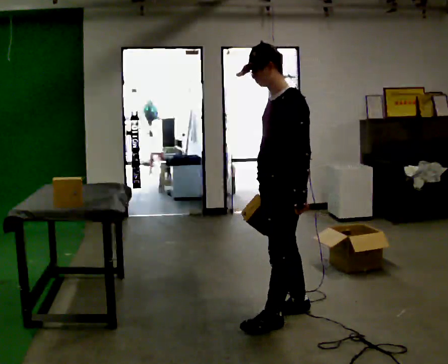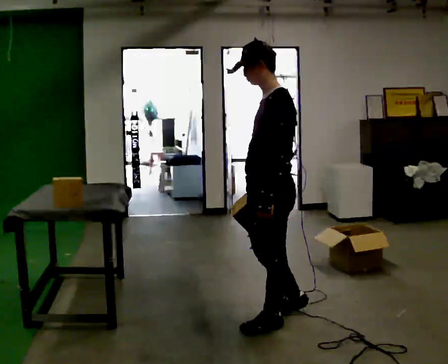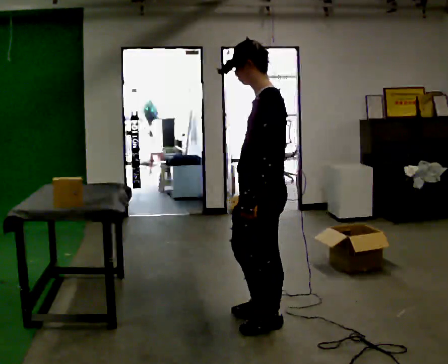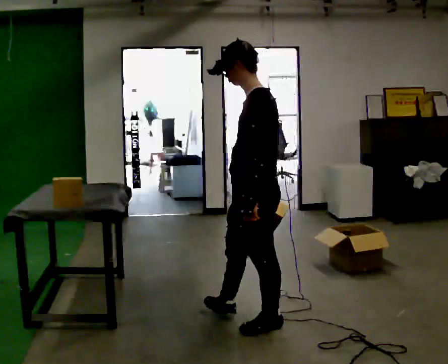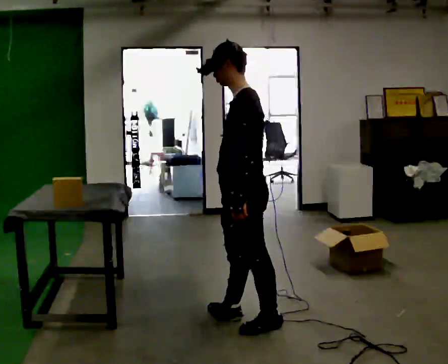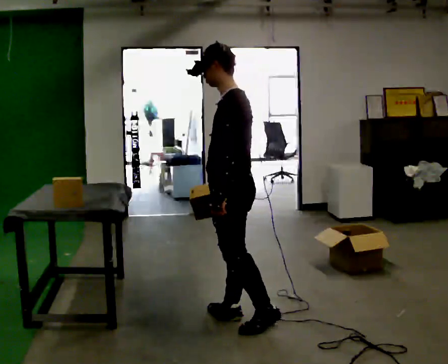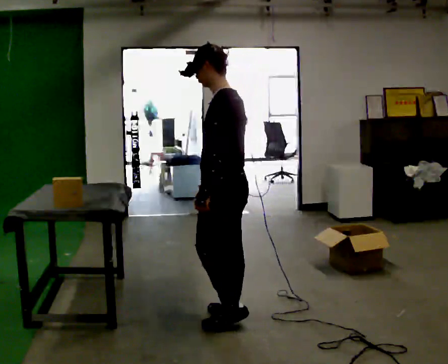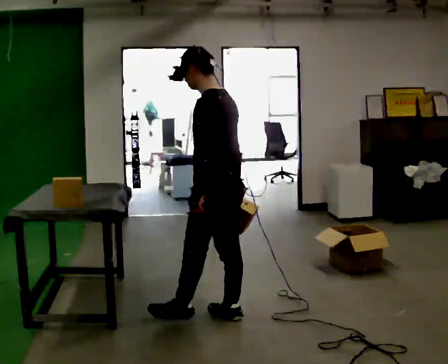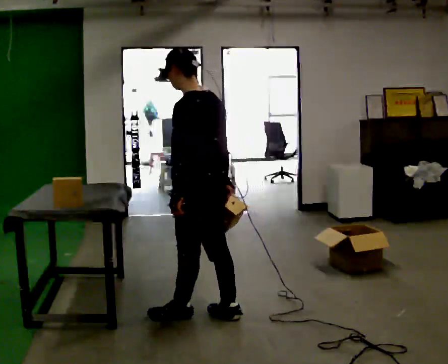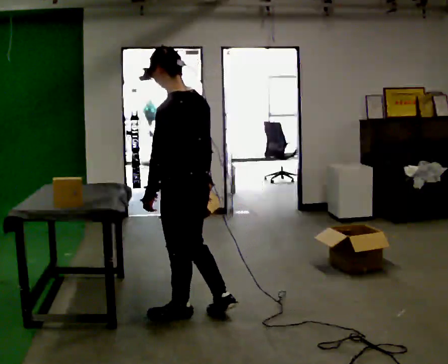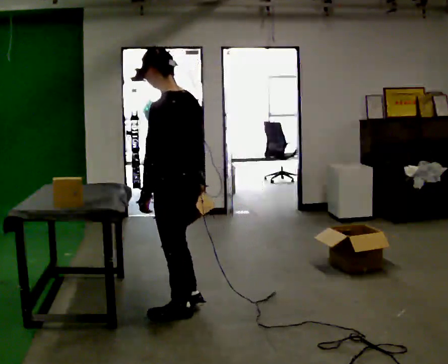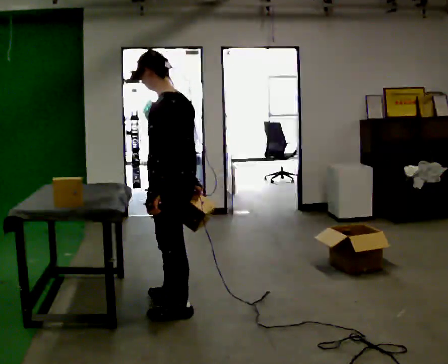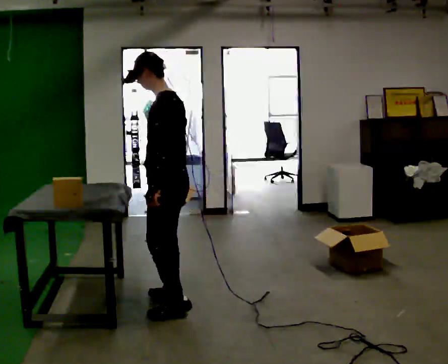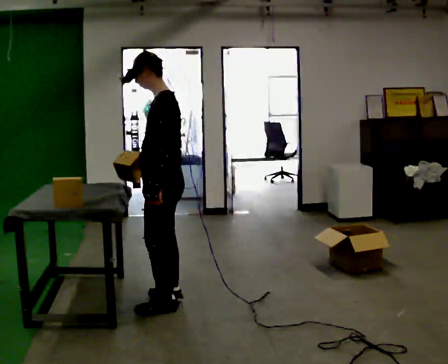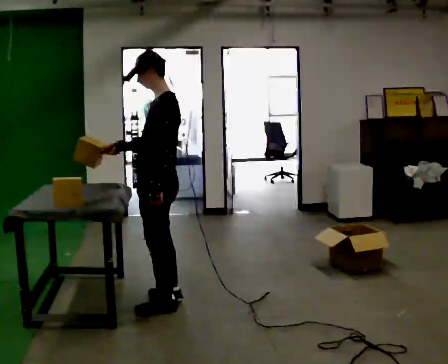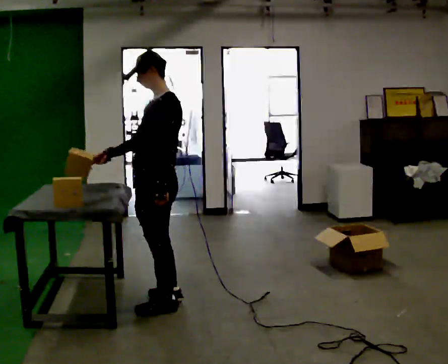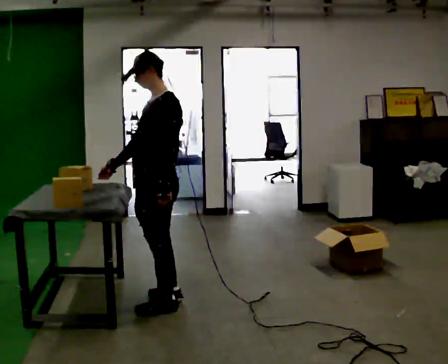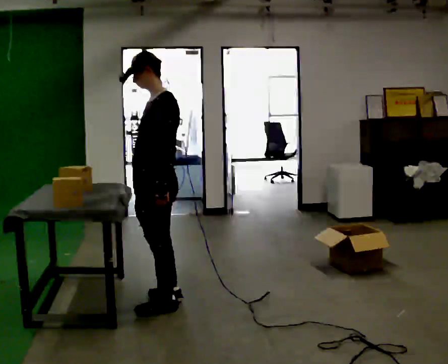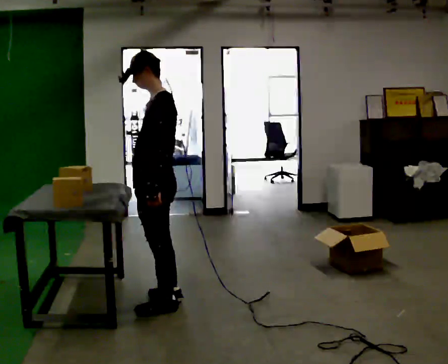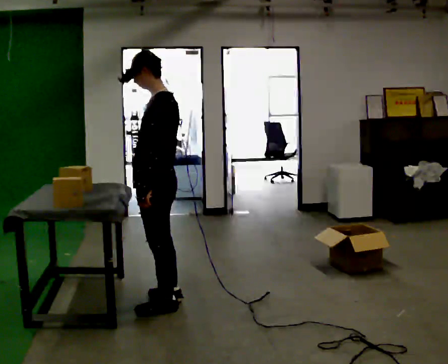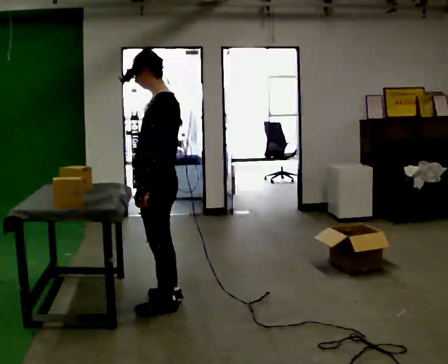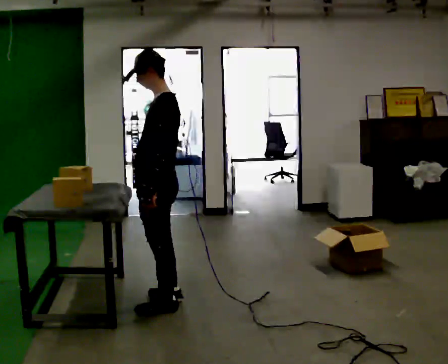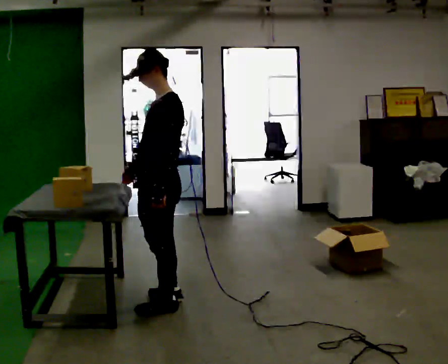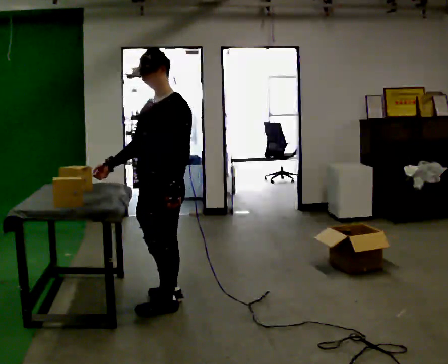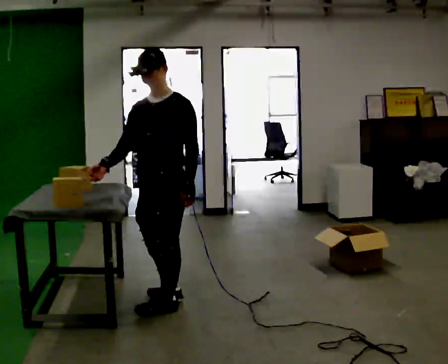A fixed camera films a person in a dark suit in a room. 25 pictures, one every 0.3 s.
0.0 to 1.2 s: In the picture they go to the left, about 0.25 m in 1 step, which for them is forward. In the picture their left hand goes to the left.
1.2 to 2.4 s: Seen from above the body turns clockwise, about 30 degrees: to their right, with its near side sliding to the left. In the picture they go to the left and away from the camera, about 0.25 m in 1 step, which for them is forward.
2.4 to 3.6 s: The person turns about 30 degrees to their left, counterclockwise seen from above, so the part of the body nearest the lens slides to the right. In the picture they go away from the camera and to the left, about 0.25 m in 1 step, which for them is forward and to their right.
3.6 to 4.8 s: Seen from above the body turns counterclockwise, about 30 degrees: to their left, with its near side sliding to the right. In the picture their right hand goes to the left.
4.8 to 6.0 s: The part of the body nearest the lens slides to the left as the person turns to their right by about 30 degrees. In the picture their right hand goes to the right.
6.0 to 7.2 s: Seen from above the body turns counterclockwise, about 60 degrees: to their left, with its near side sliding to the right. In the picture their right hand goes to the left.
The film runs forward here.
